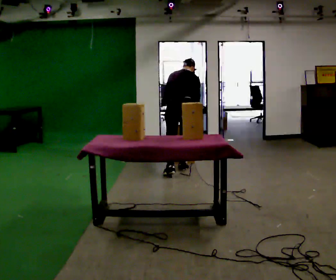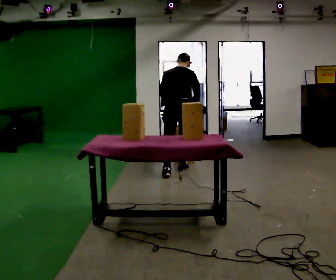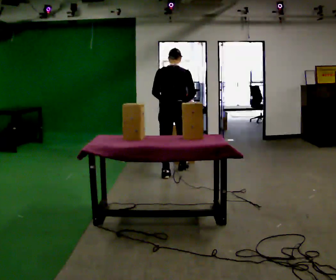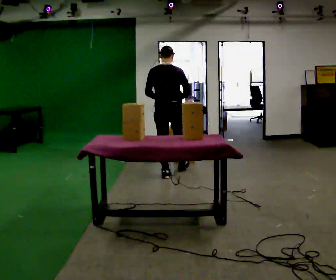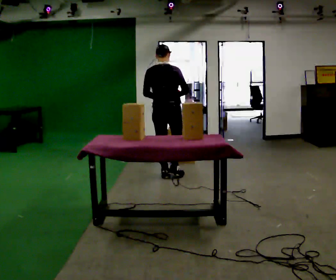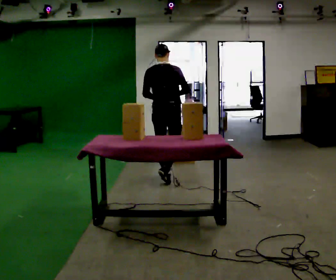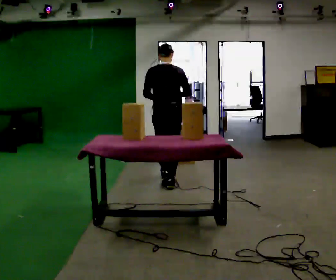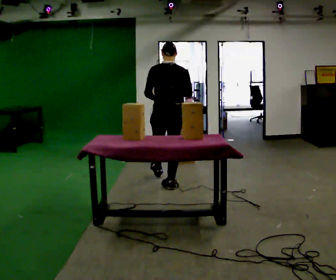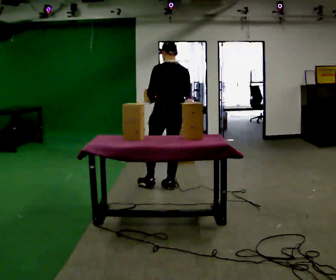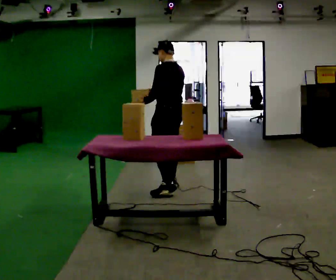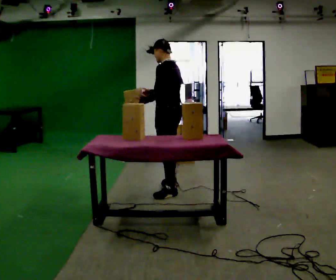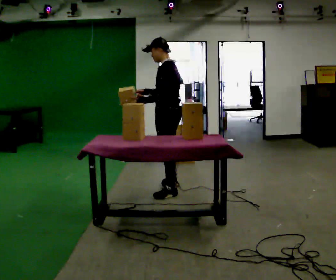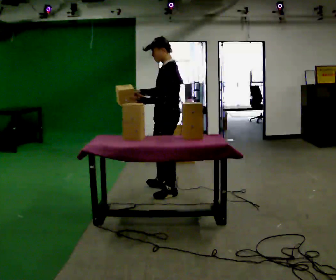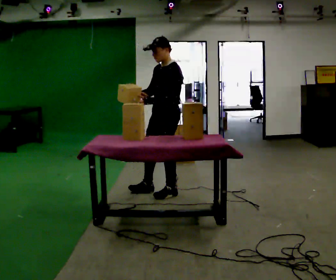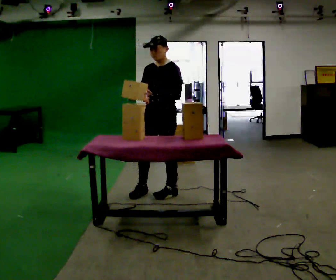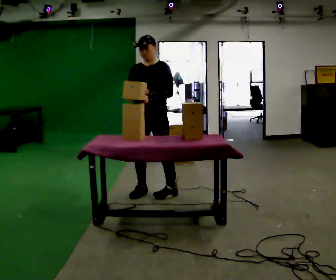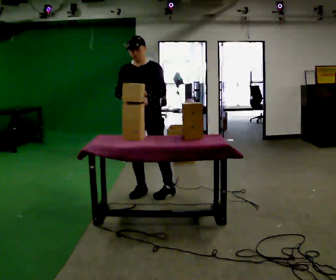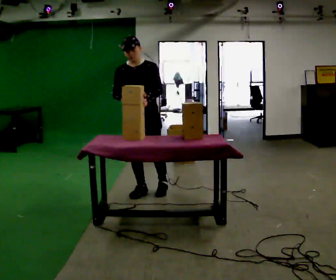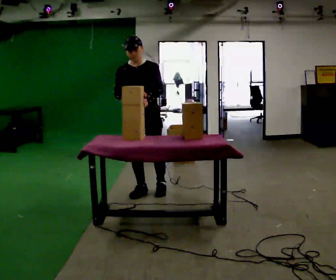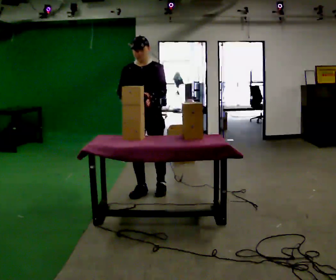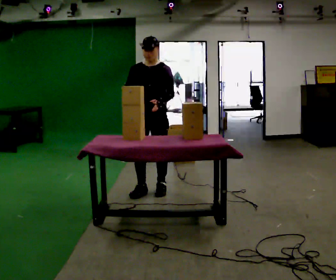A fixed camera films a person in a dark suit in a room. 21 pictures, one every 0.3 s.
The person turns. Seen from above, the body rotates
counterclockwise.
The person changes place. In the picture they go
toward the camera.
0.0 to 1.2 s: In the picture they go toward the camera and to the left, about 0.5 m in 1 step, which for them is backward and to their left. The upper body tips toward the camera, its near side rolling downward, as they lean back or straighten.
1.2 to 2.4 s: Seen from above the body turns counterclockwise, about 30 degrees: to their left, with its near side sliding to the right. In the picture they go toward the camera, about 0.5 m in 1 step, which for them is backward.
2.4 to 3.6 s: Seen from above the body turns counterclockwise, about 75 degrees: to their left, with its near side sliding to the right. In the picture they go toward the camera, about 0.25 m in 1 step.
3.6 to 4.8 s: Seen from above the body turns counterclockwise, about 75 degrees: to their left, with its near side sliding to the right. In the picture they go to the left, about 0.25 m in 1 step.
4.8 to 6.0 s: The person moves a little, or ends about where they began.
The film runs backward here.
